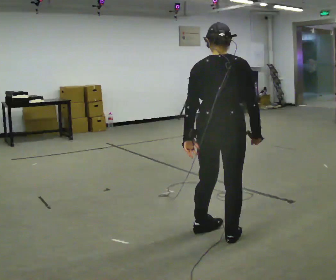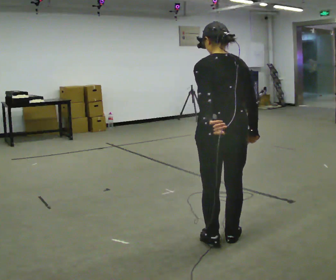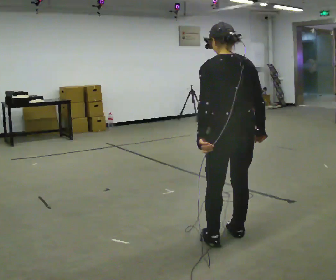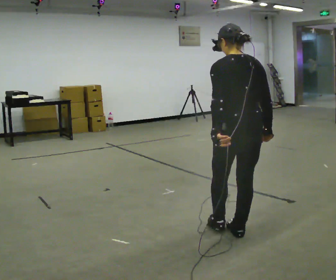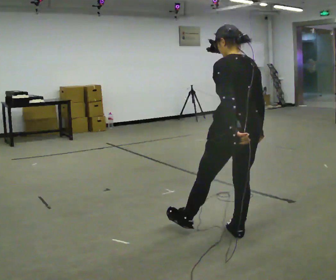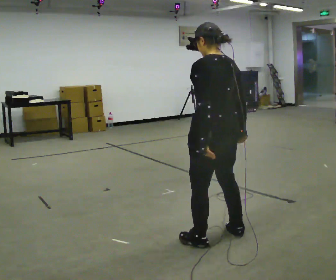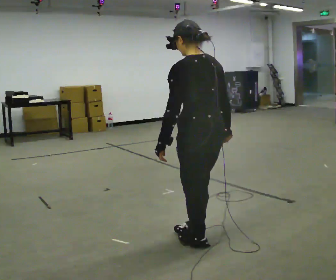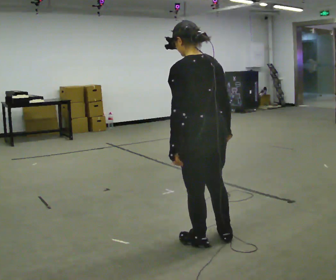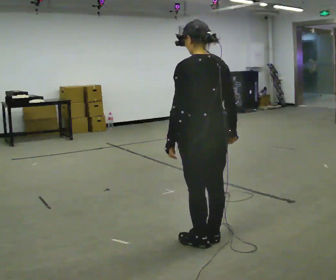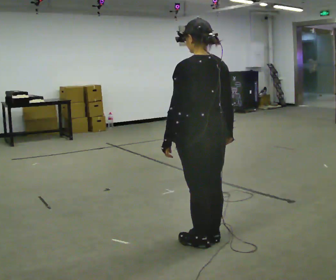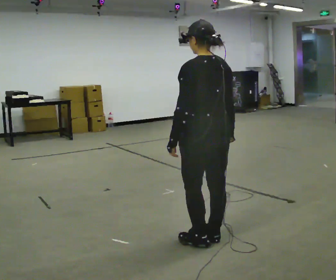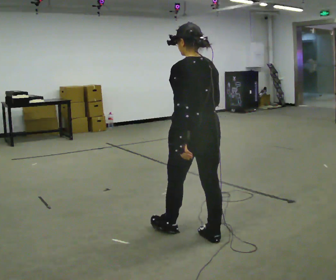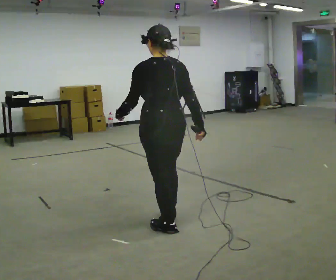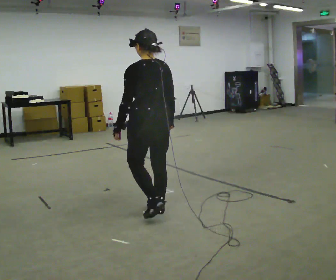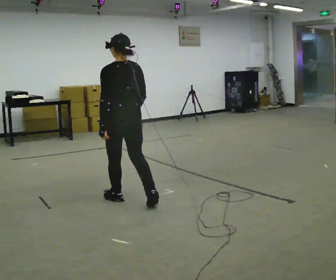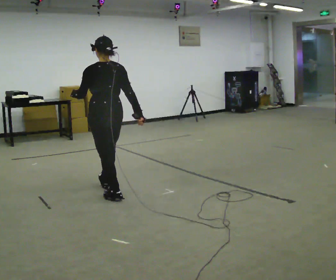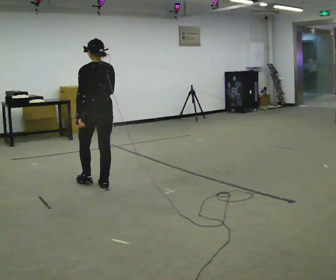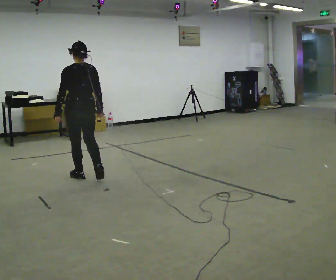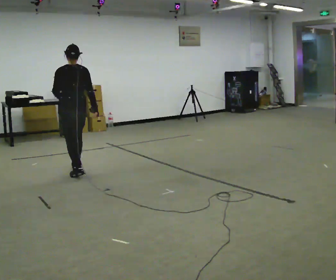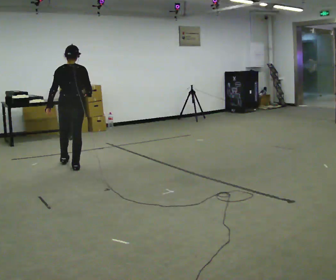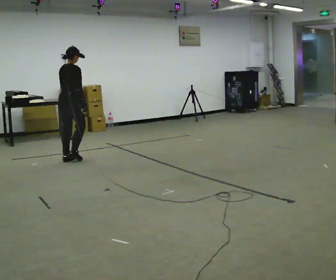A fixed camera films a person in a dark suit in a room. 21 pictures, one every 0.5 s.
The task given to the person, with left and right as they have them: Walk straight; turn around and walk back; use wide or tight turn.
0.0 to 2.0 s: Seen from above the body turns counterclockwise, about 45 degrees: to their left, with its near side sliding to the right.
2.0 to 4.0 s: In the picture they go to the left, about 0.25 m, which for them is to their left and forward. In the picture their left hand goes to the left.
4.0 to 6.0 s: In the picture they go to the left and away from the camera, about 0.5 m in 1 step, which for them is forward.
6.0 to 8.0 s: In the picture they go away from the camera and to the left, about 1.5 m in 3 steps, which for them is forward.
8.0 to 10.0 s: Seen from above the body turns clockwise, about 60 degrees: to their right, with its near side sliding to the left. In the picture they go away from the camera and to the left, about 1.5 m in 3 steps.
The film runs forward here.
